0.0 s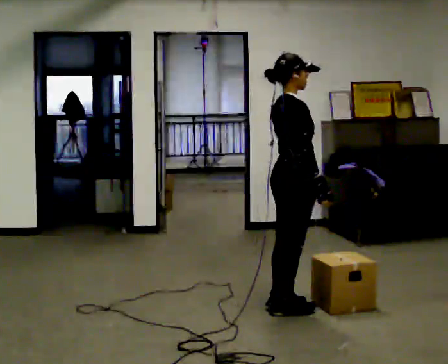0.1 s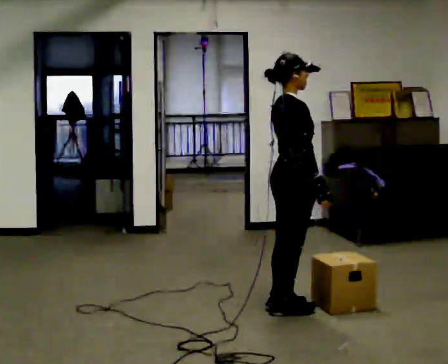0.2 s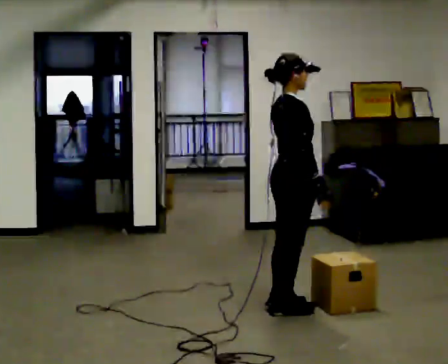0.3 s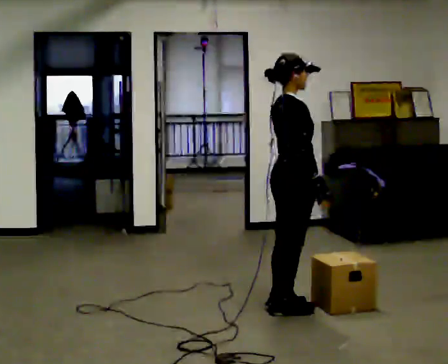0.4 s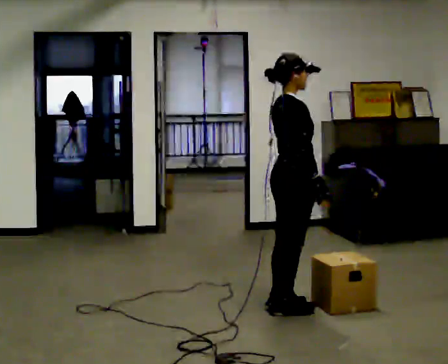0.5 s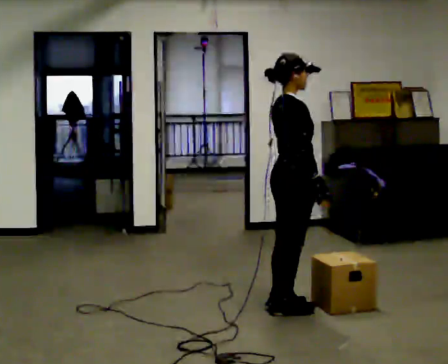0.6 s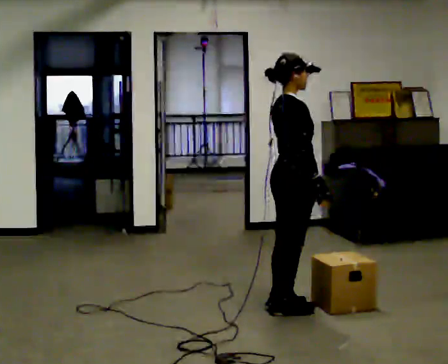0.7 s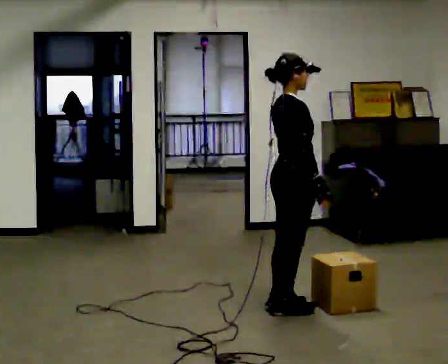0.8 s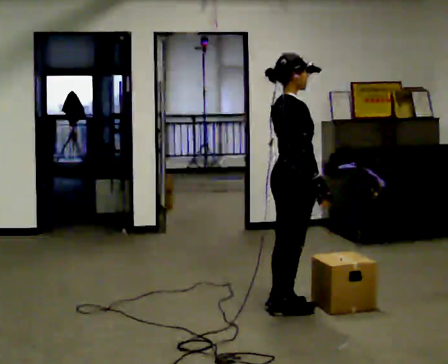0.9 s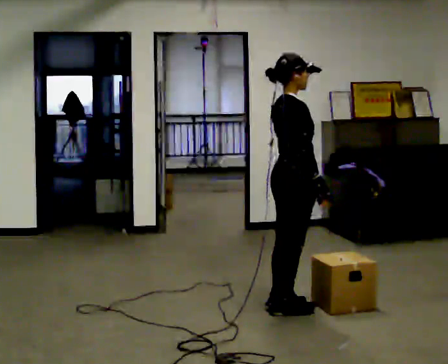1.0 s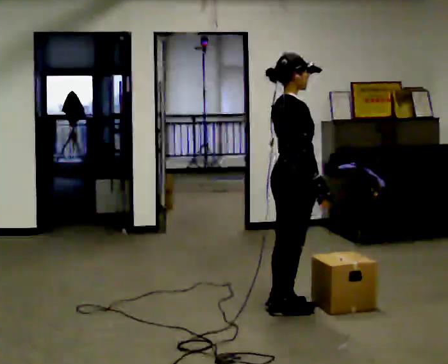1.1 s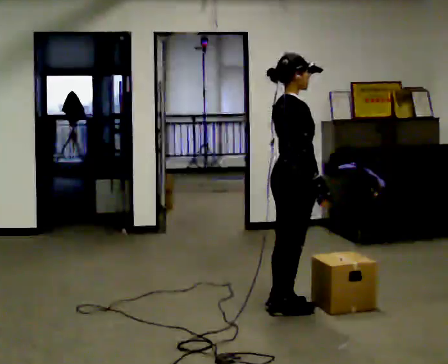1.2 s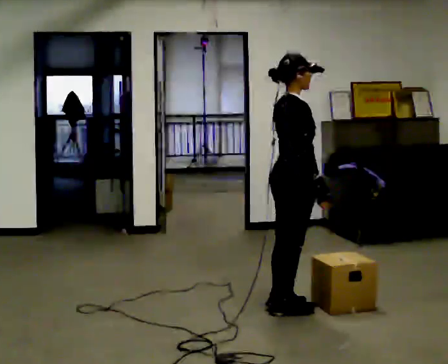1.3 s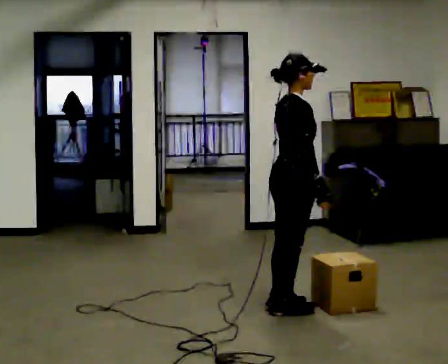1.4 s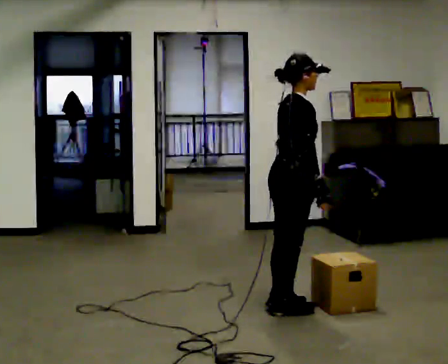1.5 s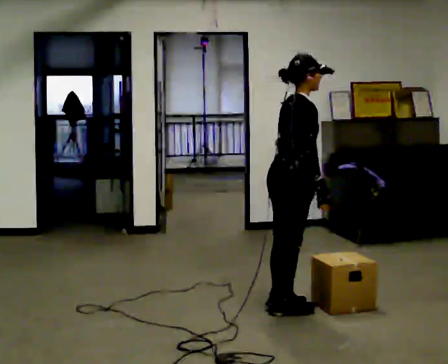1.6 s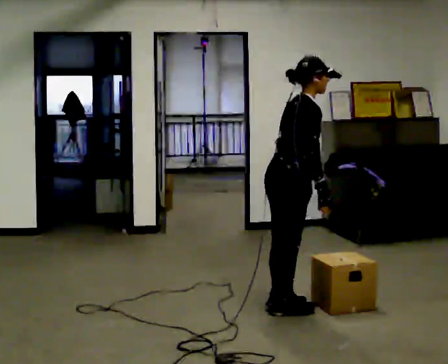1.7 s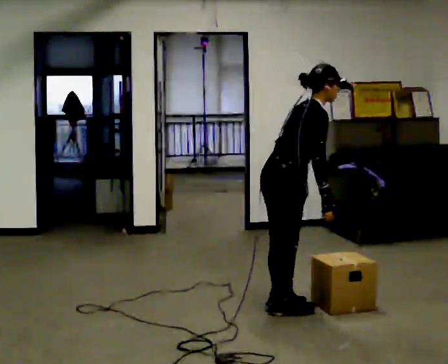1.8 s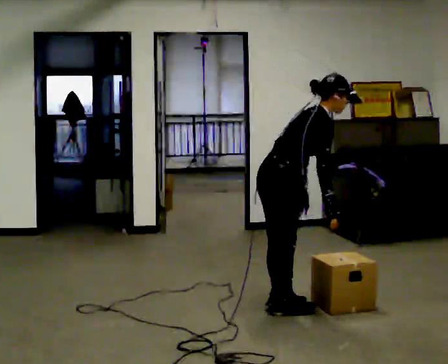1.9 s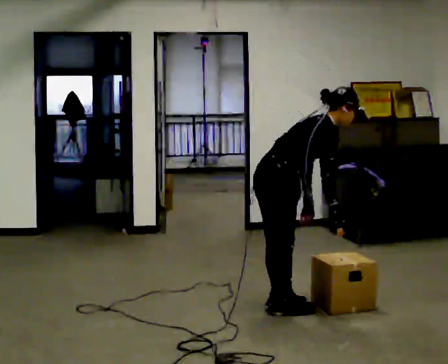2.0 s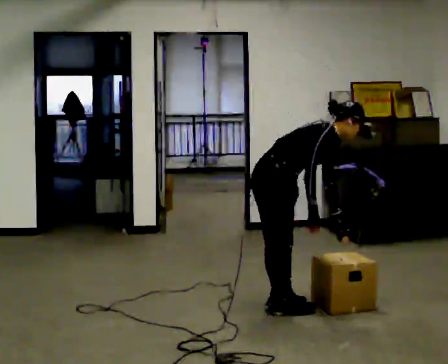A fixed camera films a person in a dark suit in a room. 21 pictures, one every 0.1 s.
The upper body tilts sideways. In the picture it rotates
clockwise.
0.0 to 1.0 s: The person keeps their place and pose.
1.0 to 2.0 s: The upper body goes downward. In the picture the upper body tilts clockwise, shoulders to the right, as they bend forward.
The film runs forward here.
